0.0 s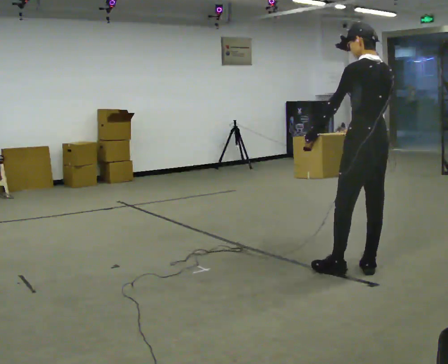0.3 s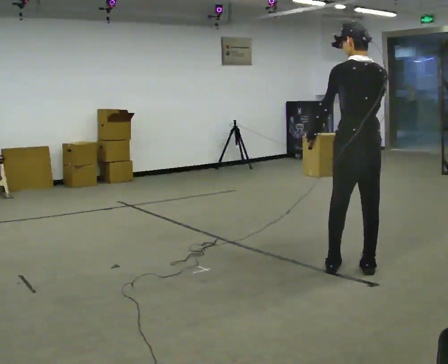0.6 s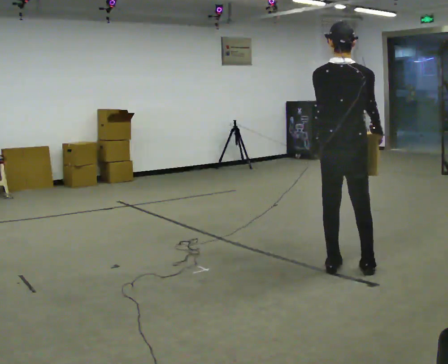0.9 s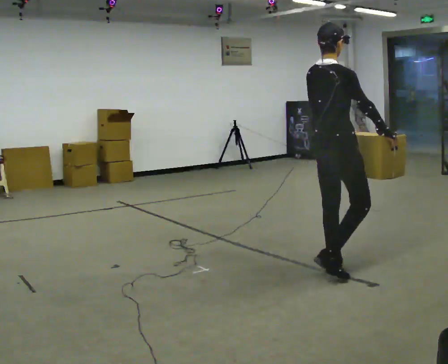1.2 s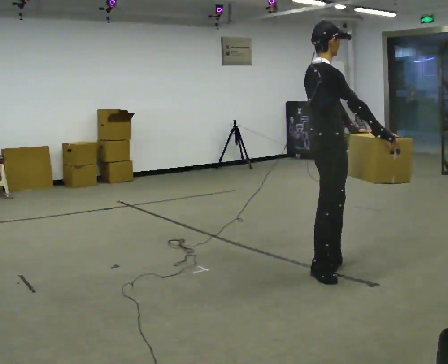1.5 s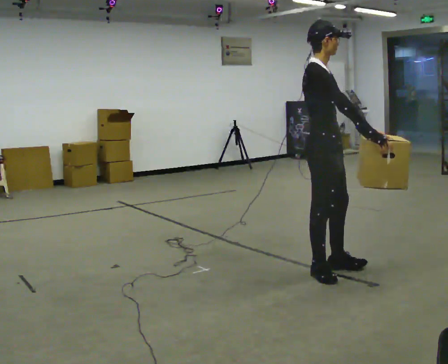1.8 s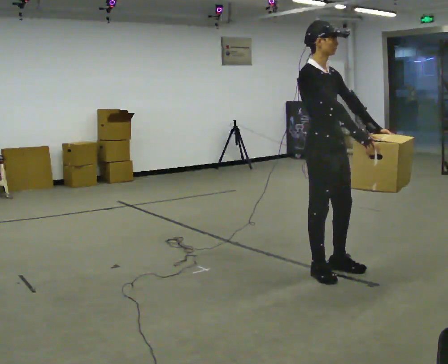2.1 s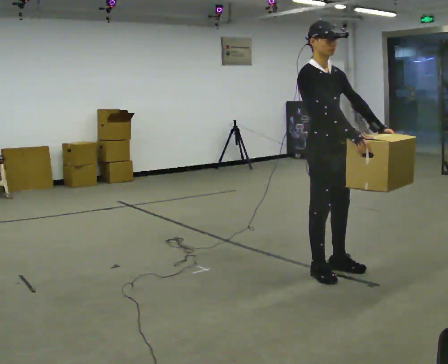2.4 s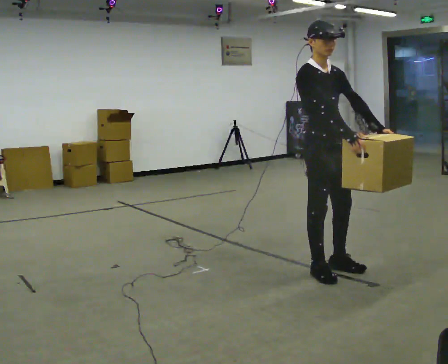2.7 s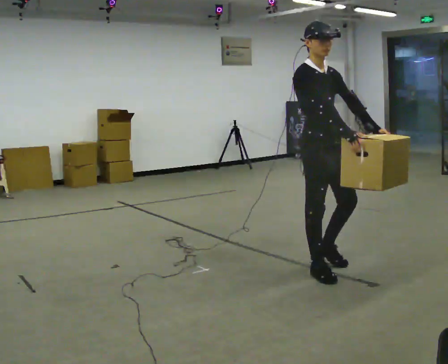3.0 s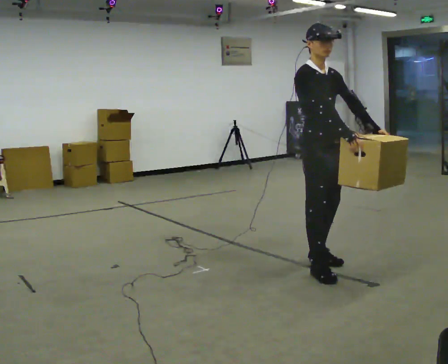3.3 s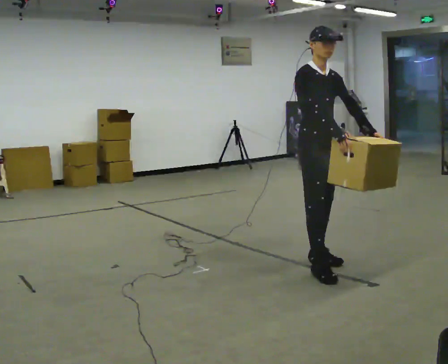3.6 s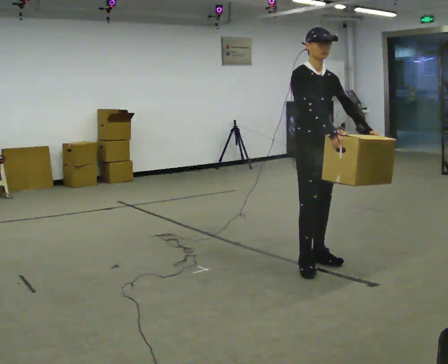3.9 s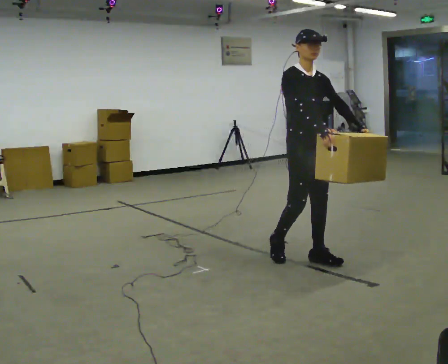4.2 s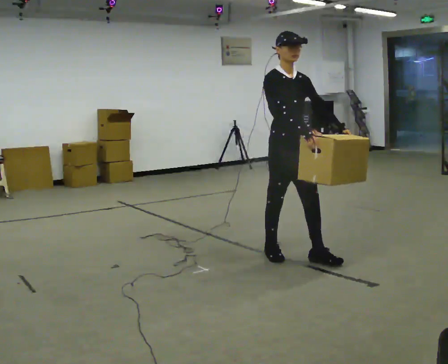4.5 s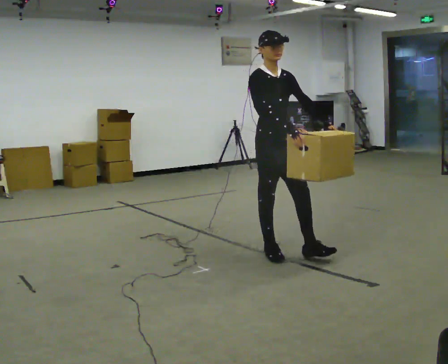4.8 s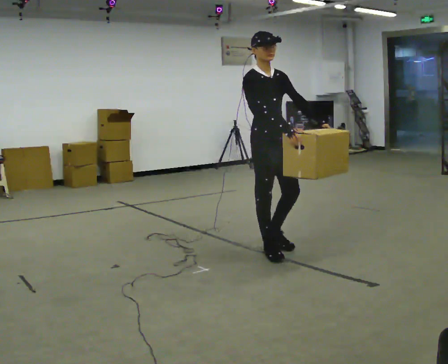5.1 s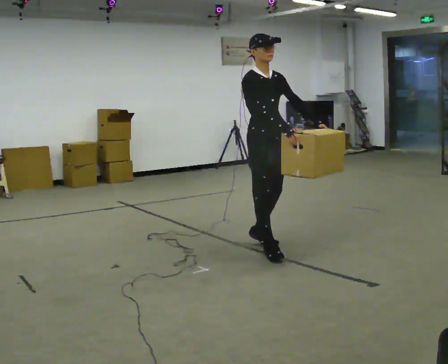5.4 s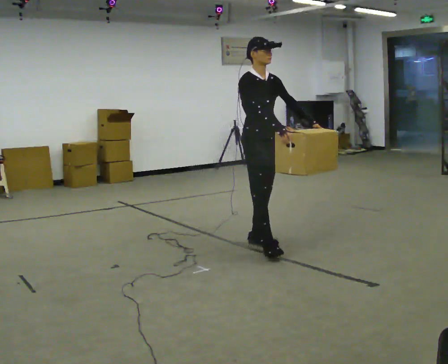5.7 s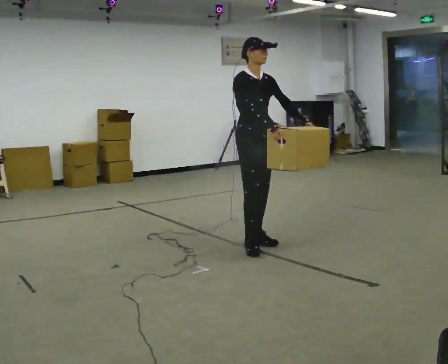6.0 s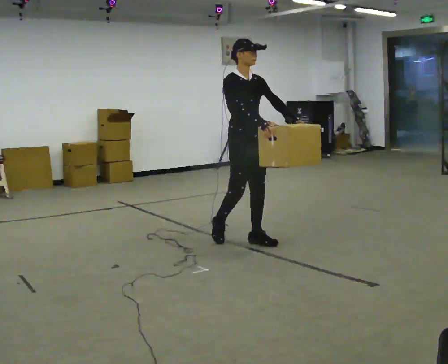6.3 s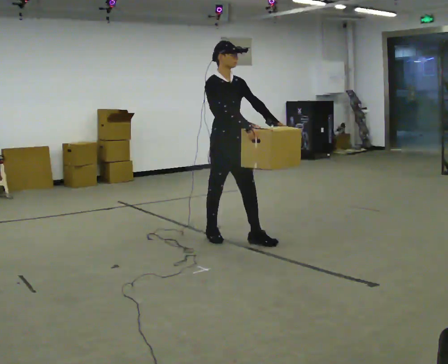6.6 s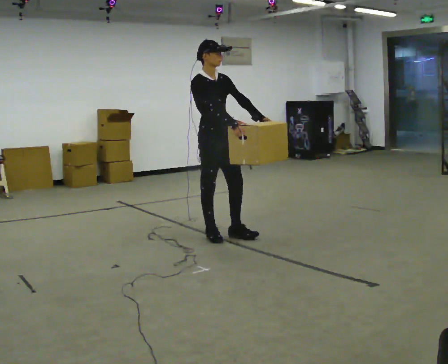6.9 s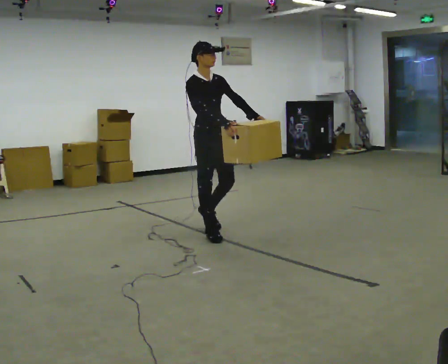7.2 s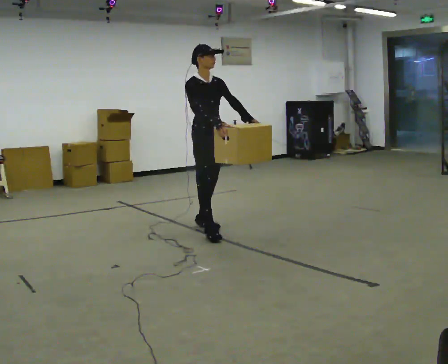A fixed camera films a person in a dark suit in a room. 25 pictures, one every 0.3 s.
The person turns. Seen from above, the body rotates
clockwise.
The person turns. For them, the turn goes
to their right.
0.0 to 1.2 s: The part of the body nearest the lens slides to the left as the person turns to their right by about 120 degrees. In the picture they go to the left, about 0.25 m in 1 step.
1.2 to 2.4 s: The person turns about 45 degrees to their right, clockwise seen from above, so the part of the body nearest the lens slides to the left.
2.4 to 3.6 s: In the picture they go away from the camera, about 0.25 m in 2 steps, which for them is backward and to their left.
3.6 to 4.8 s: In the picture they go to the left and away from the camera, about 0.5 m in 1 step, which for them is backward.
4.8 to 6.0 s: In the picture they go away from the camera and to the left, about 0.5 m in 1 step, which for them is backward.
6.0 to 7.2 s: In the picture they go to the left and away from the camera, about 0.5 m in 1 step, which for them is backward.
The film runs backward here.
